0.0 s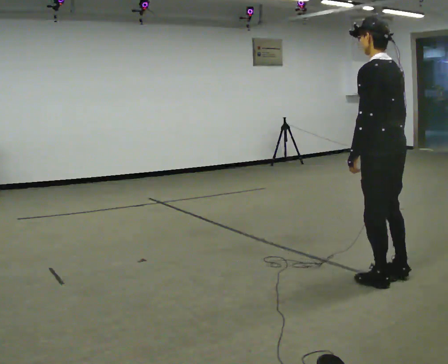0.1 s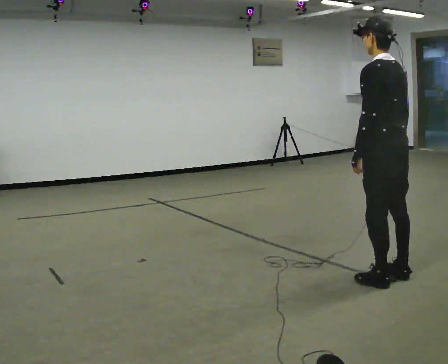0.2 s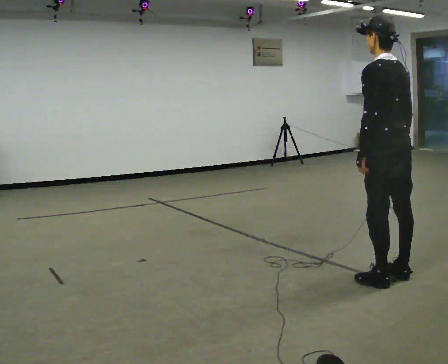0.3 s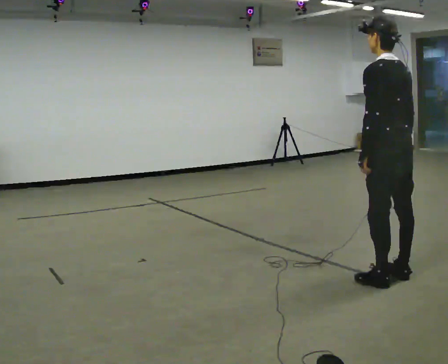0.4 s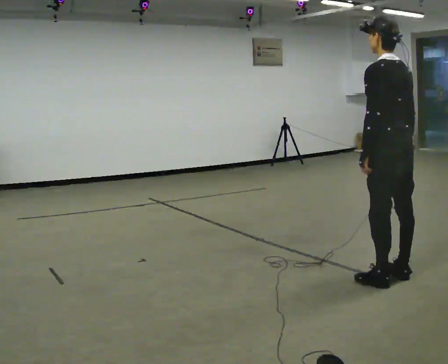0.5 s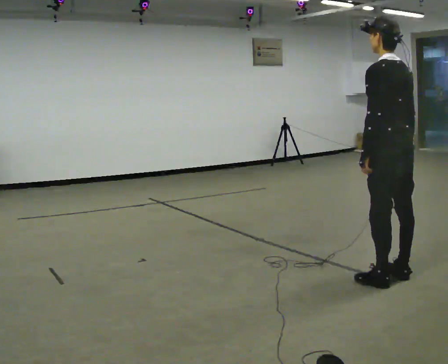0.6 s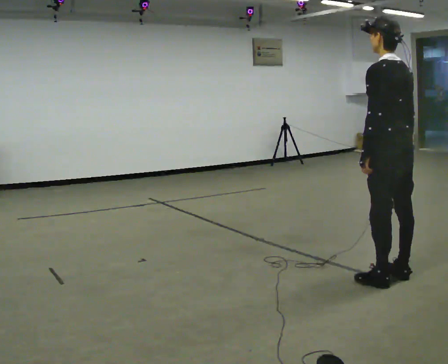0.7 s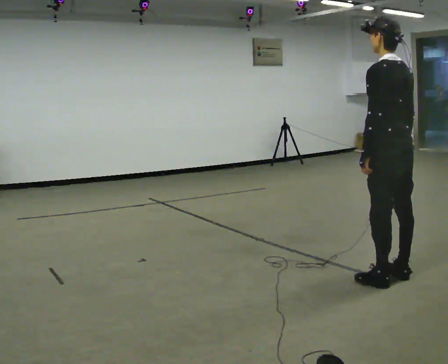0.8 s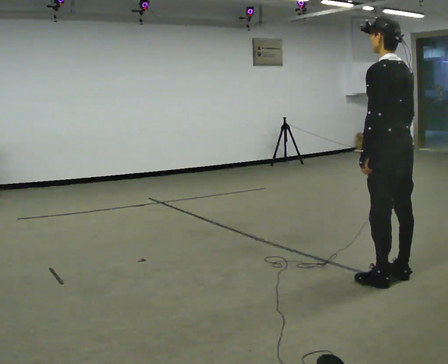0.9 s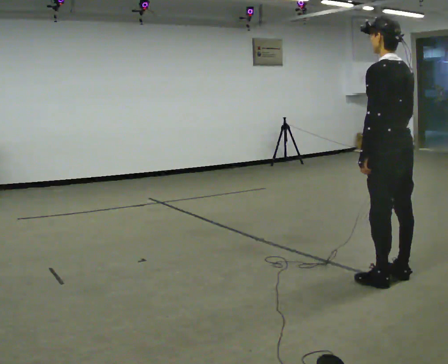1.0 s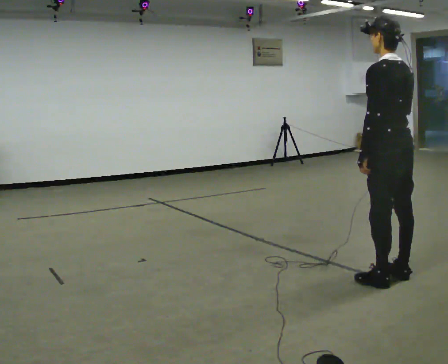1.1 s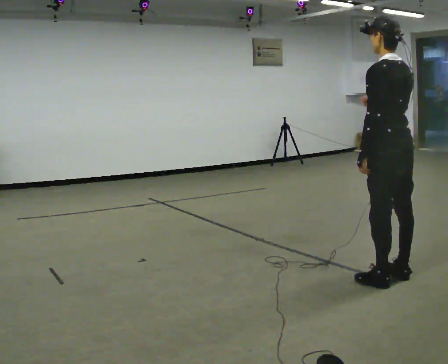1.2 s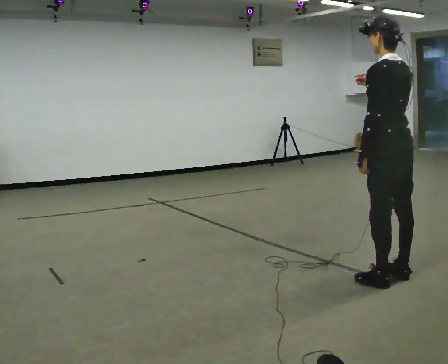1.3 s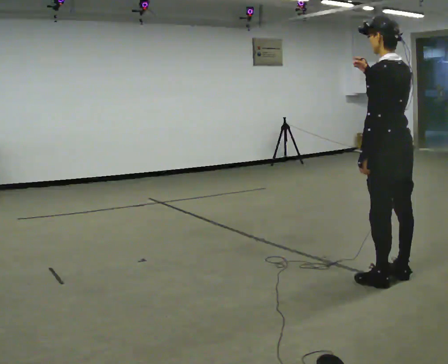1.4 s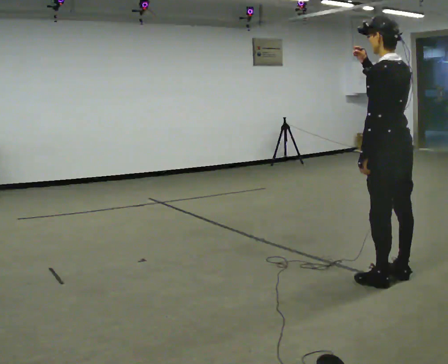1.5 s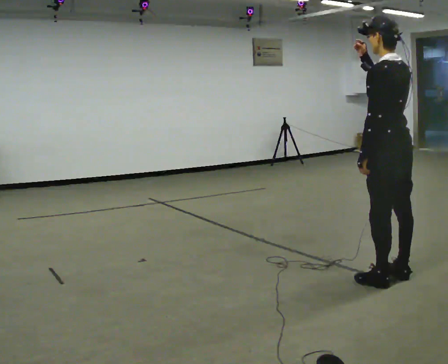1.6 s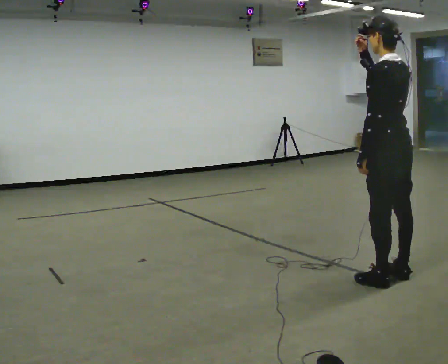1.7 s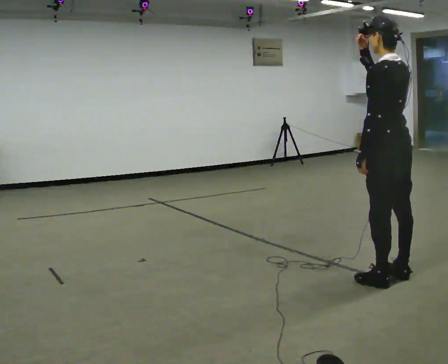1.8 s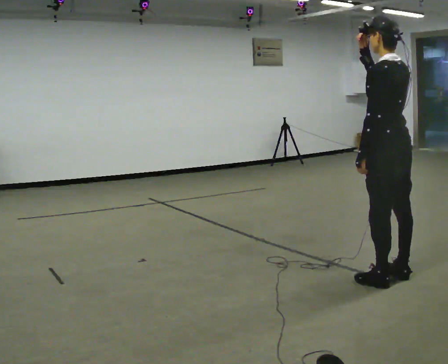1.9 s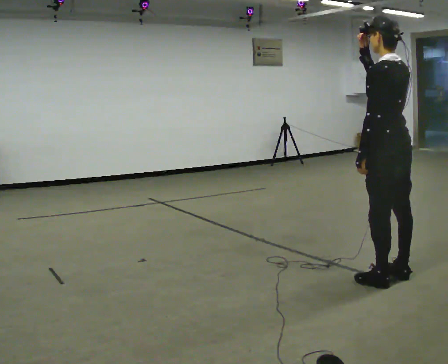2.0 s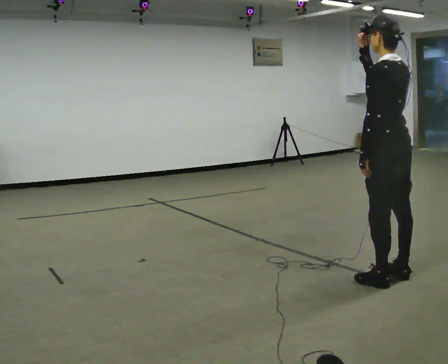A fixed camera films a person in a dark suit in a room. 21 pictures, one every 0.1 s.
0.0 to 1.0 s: The person moves a little, or ends about where they began.
1.0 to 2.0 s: In the picture their right hand goes upward.
The film runs forward here.
